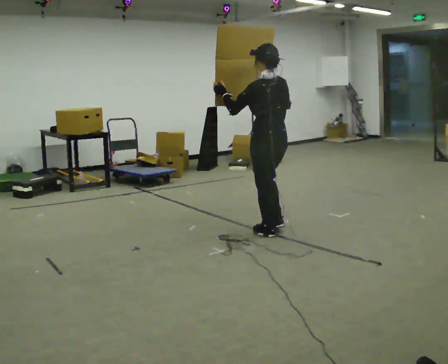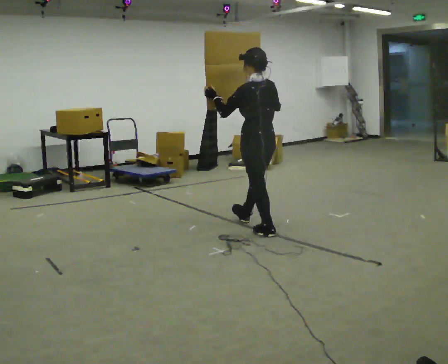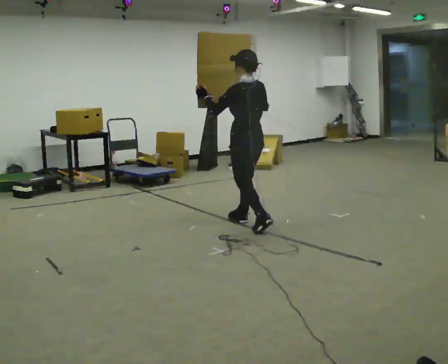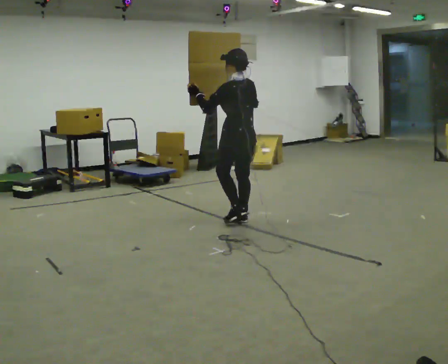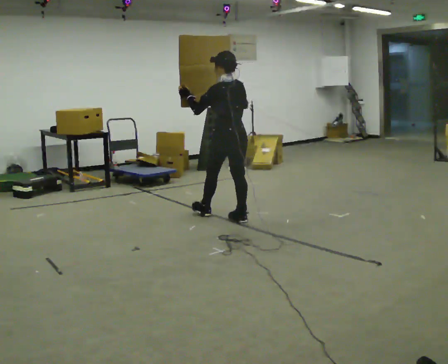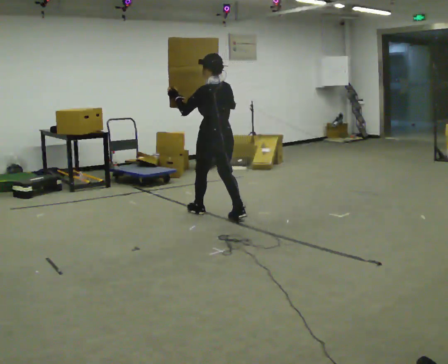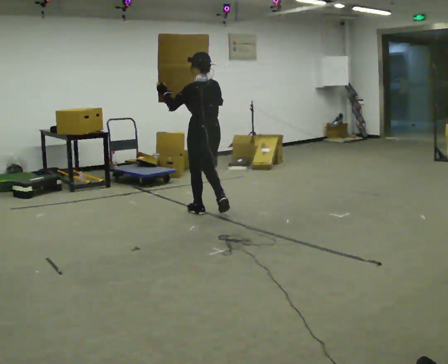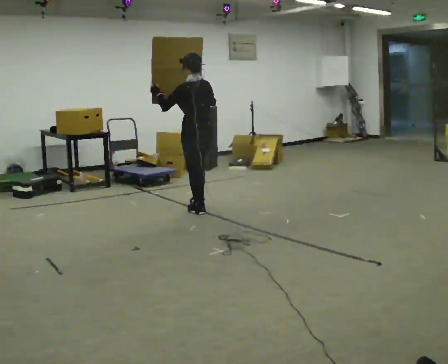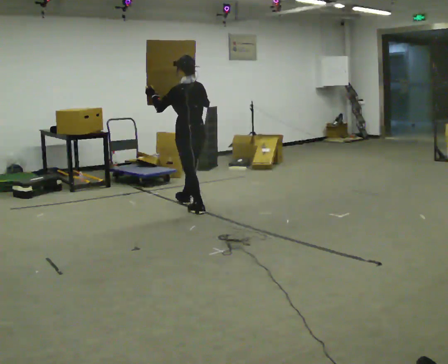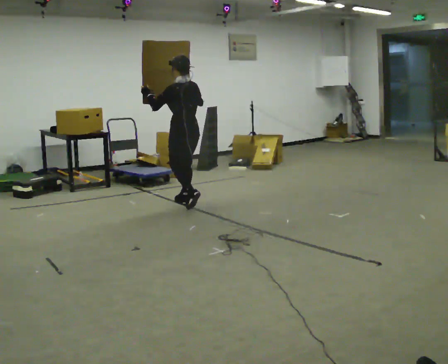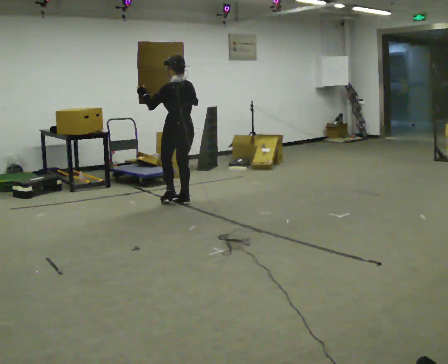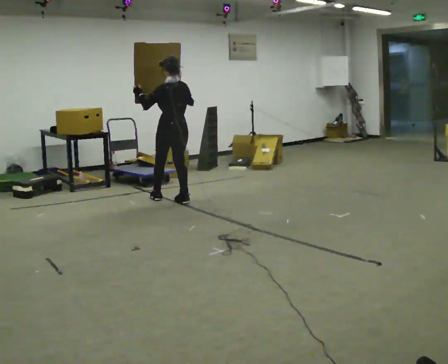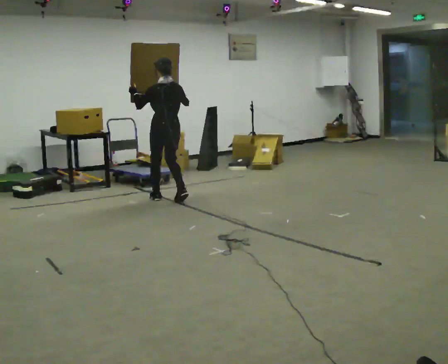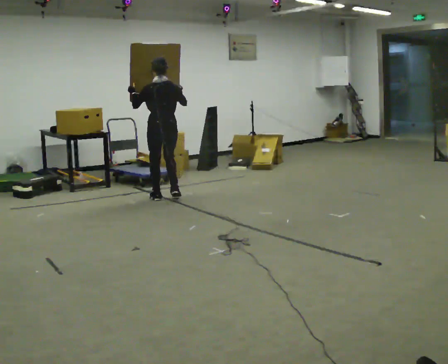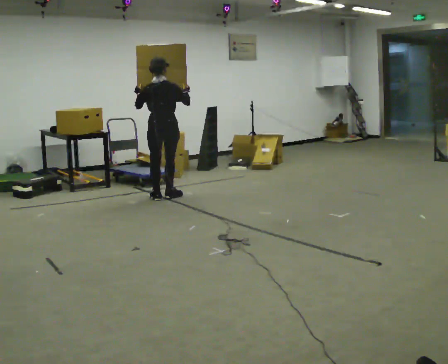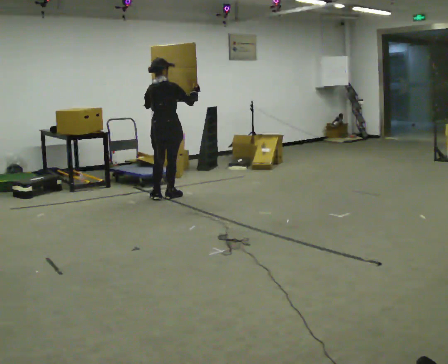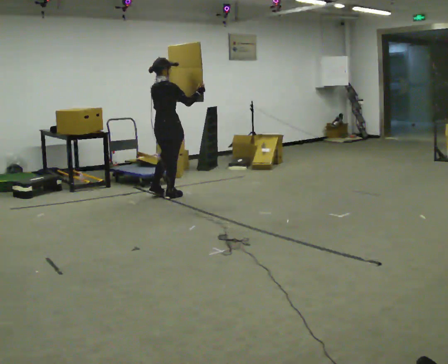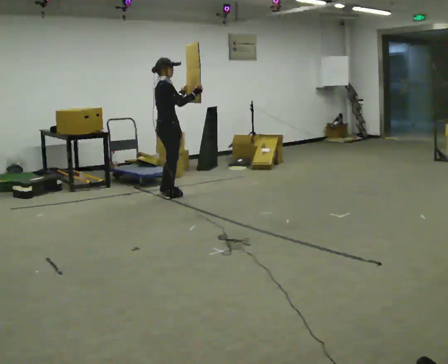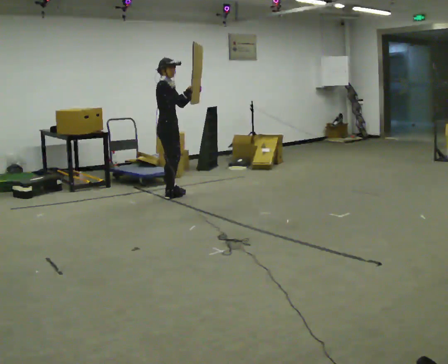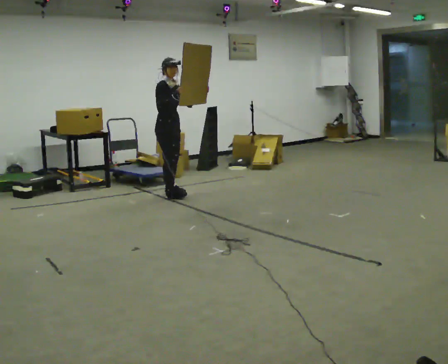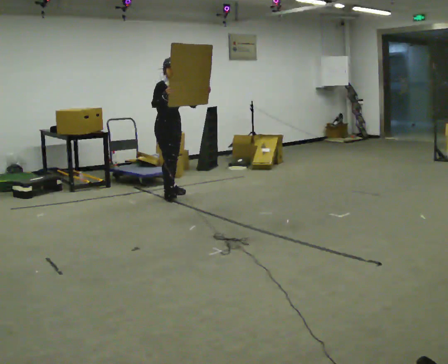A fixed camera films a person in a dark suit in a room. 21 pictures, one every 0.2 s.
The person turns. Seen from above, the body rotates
clockwise.
The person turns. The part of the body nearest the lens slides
to the left.
0.0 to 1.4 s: In the picture they go away from the camera and to the left, about 1 m in 2 steps, which for them is forward.
1.4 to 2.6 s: In the picture they go away from the camera and to the left, about 0.75 m in 2 steps, which for them is forward.
2.6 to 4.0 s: The person turns about 150 degrees to their right, clockwise seen from above, so the part of the body nearest the lens slides to the left. In the picture they go away from the camera, about 0.25 m in 2 steps.
The film runs forward here.
